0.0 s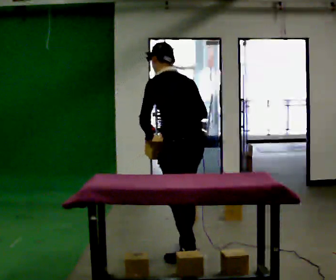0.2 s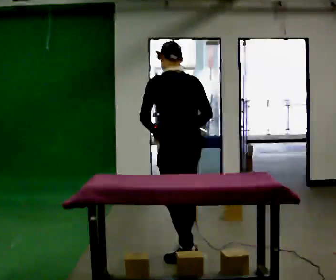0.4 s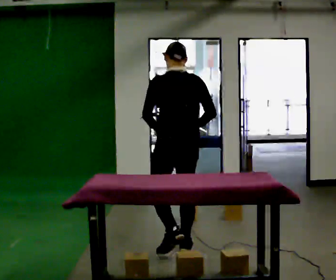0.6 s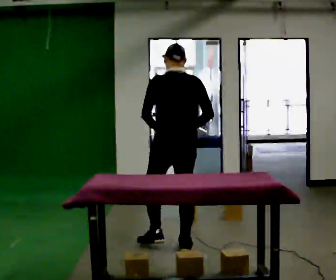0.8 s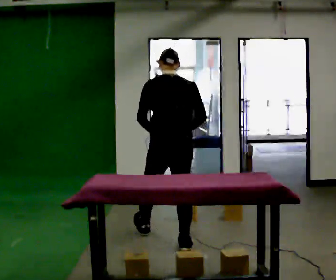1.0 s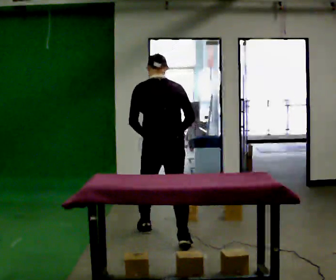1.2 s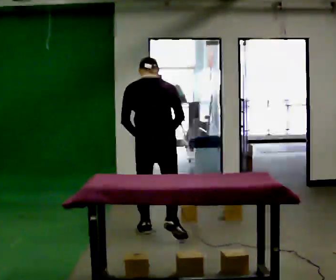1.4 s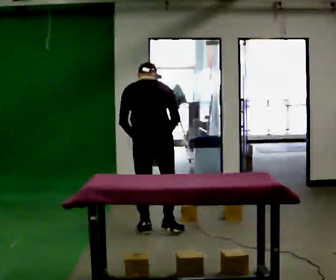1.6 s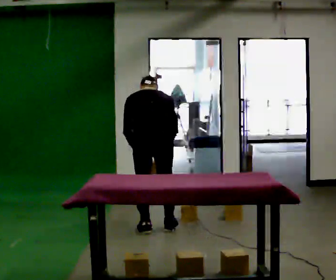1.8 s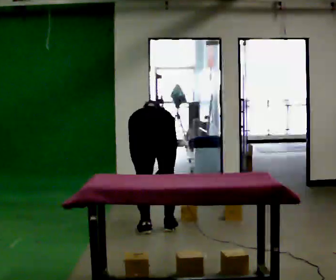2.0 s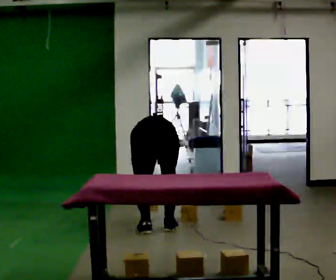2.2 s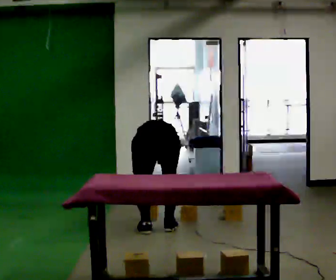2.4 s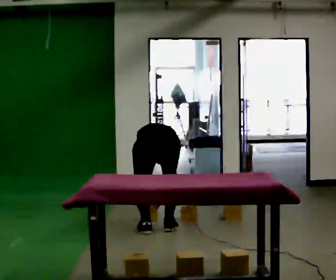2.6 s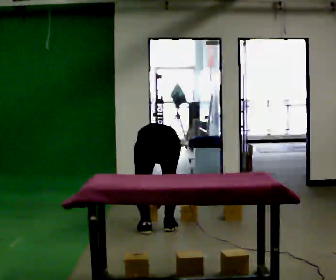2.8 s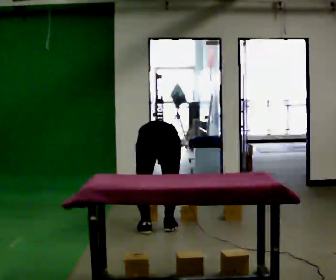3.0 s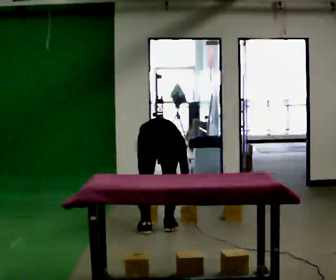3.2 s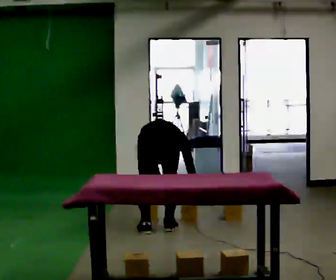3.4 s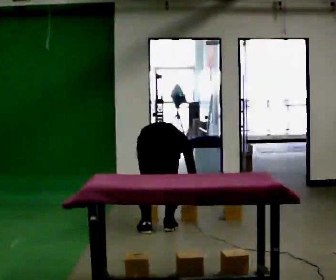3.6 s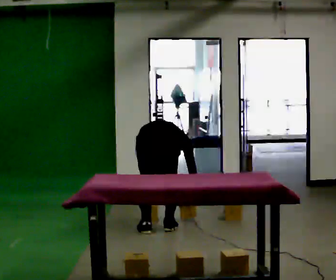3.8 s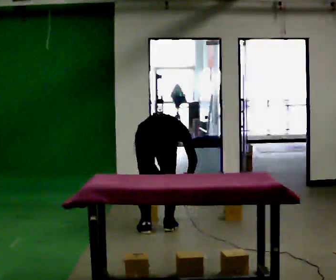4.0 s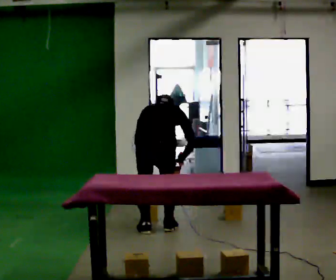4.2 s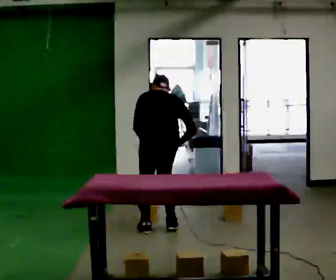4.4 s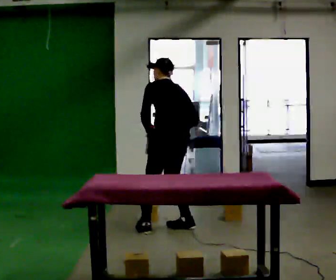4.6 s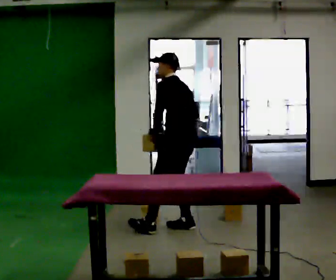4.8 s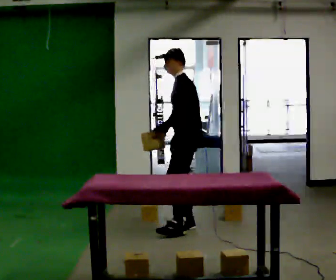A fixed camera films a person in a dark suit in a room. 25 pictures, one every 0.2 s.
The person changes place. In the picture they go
away from the camera.
The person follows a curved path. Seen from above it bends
clockwise.
0.0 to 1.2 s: The part of the body nearest the lens slides to the left as the person turns to their right by about 45 degrees. In the picture they go away from the camera, about 0.75 m in 1 step, which for them is forward.
1.2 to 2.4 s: The upper body goes downward. The upper body tips away from the camera, its near side rolling upward, as they bend forward. In the picture their right hand goes downward.
2.4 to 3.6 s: In the picture the upper body tilts counterclockwise, shoulders to the left. In the picture their right hand goes to the right.
3.6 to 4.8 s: Seen from above the body turns counterclockwise, about 105 degrees: to their left, with its near side sliding to the right. In the picture they go to the right and away from the camera, about 0.5 m in 1 step. The shoulders move upward. The upper body tips toward the camera, its near side rolling downward, as they lean back or straighten. In the picture their right hand goes upward, the arm swinging clockwise.
The film runs forward here.
